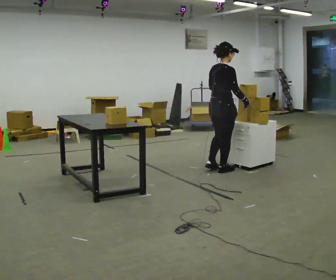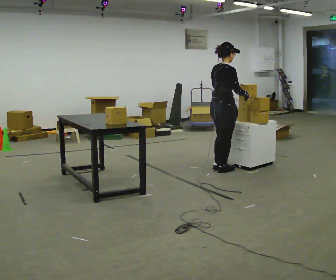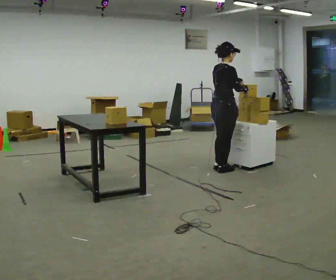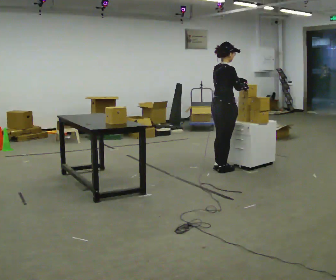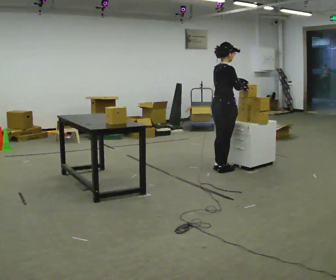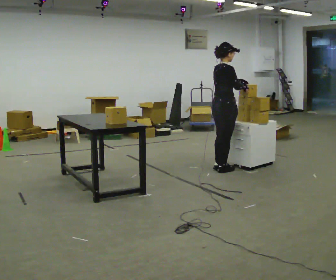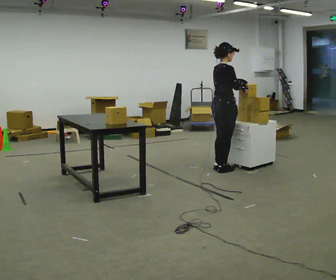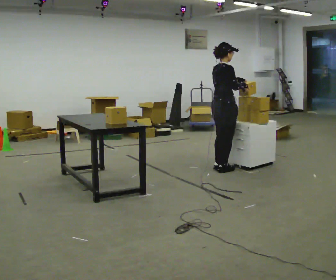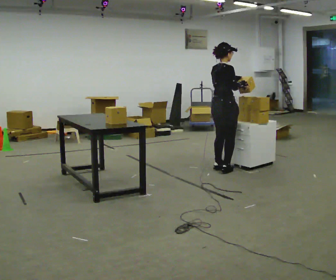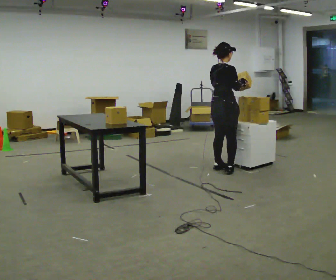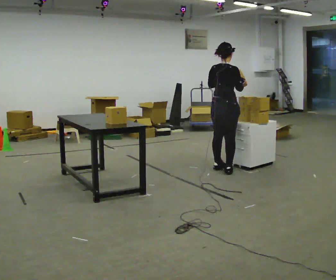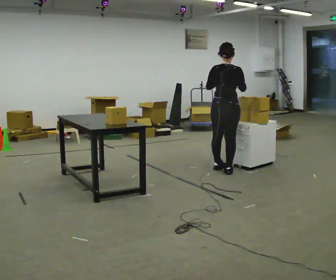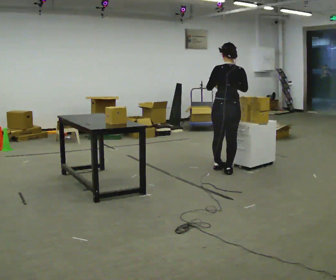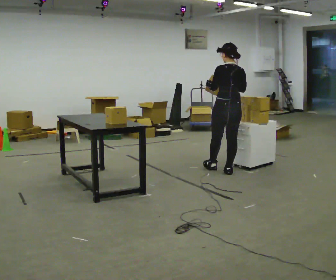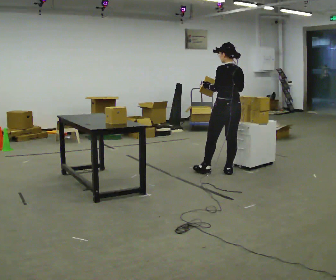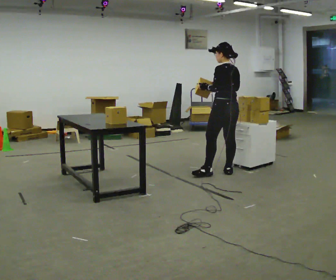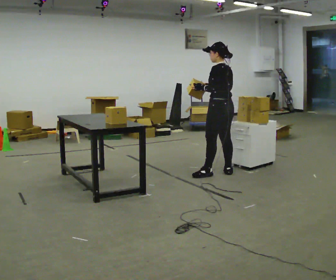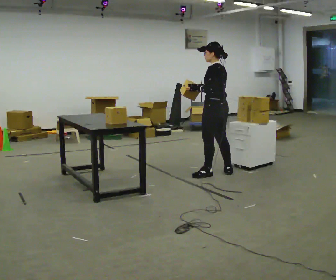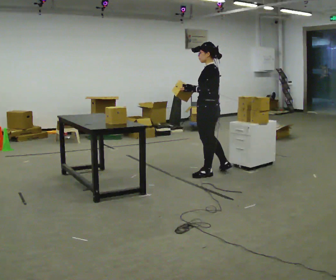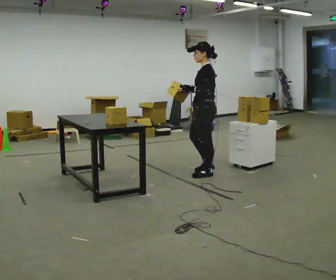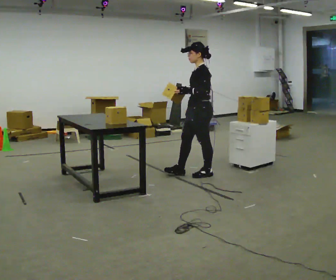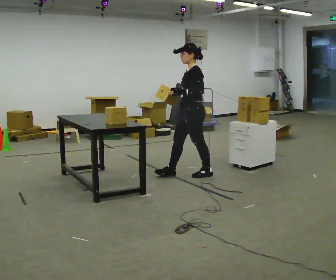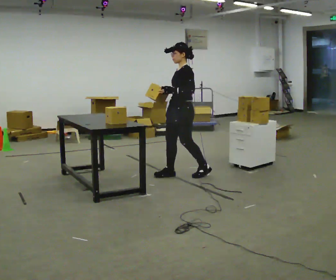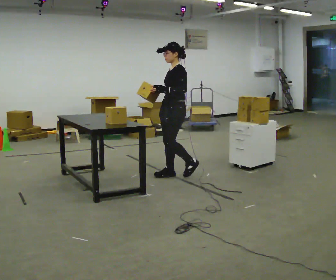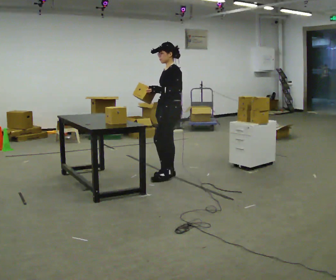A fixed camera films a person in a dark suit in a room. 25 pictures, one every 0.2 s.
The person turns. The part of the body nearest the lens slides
to the right.
The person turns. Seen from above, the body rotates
counterclockwise.
0.0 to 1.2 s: The person moves a little, or ends about where they began.
1.2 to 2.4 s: The part of the body nearest the lens slides to the right as the person turns to their left by about 60 degrees. In the picture they go toward the camera, about 0.25 m. In the picture their left hand goes to the left.
2.4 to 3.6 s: The person turns about 75 degrees to their left, counterclockwise seen from above, so the part of the body nearest the lens slides to the right. In the picture they go to the left, about 0.25 m in 1 step.
3.6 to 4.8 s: The person turns about 30 degrees to their left, counterclockwise seen from above, so the part of the body nearest the lens slides to the right. In the picture they go to the left, about 0.5 m in 1 step, which for them is forward.
The film runs forward here.
